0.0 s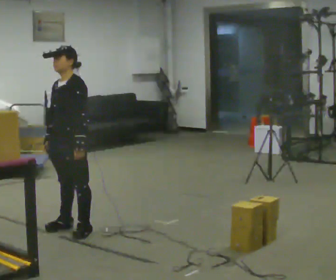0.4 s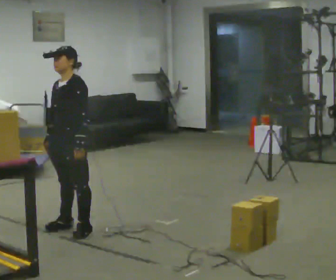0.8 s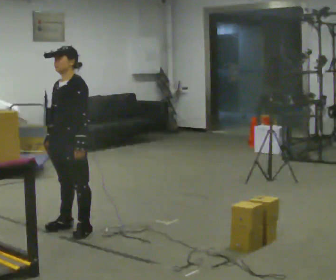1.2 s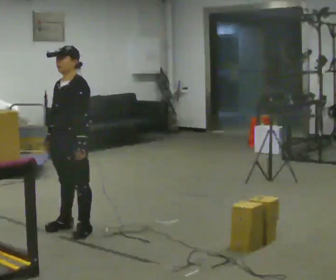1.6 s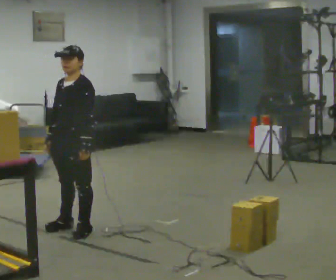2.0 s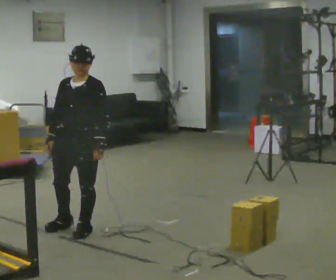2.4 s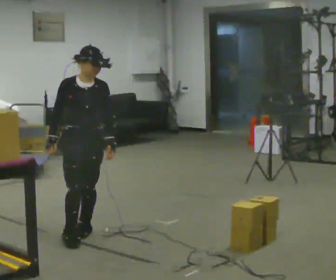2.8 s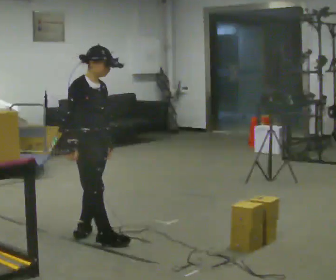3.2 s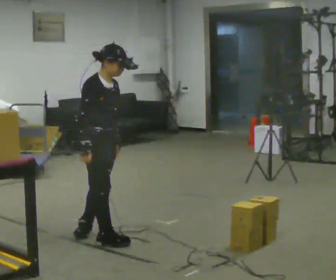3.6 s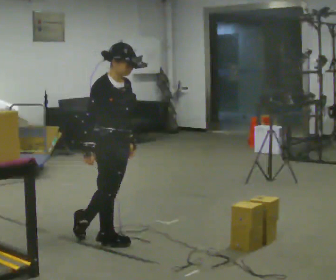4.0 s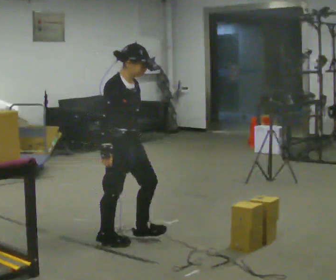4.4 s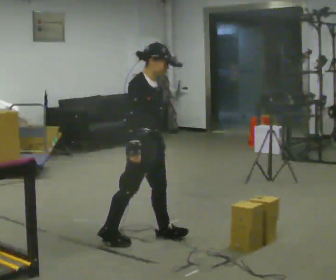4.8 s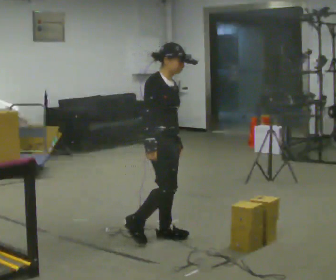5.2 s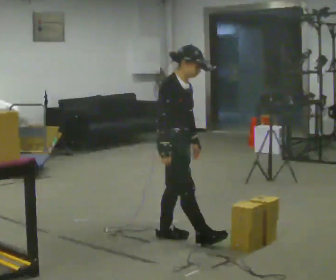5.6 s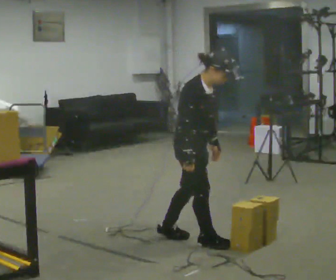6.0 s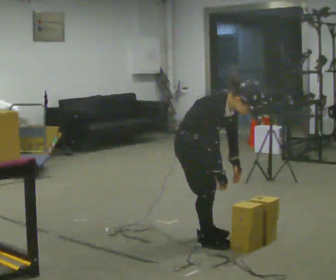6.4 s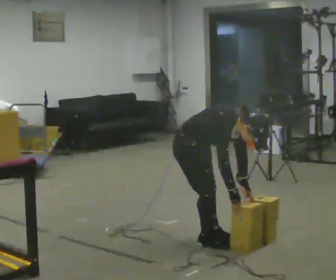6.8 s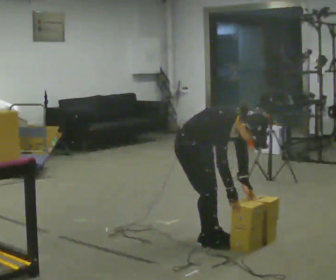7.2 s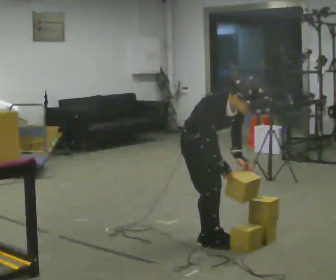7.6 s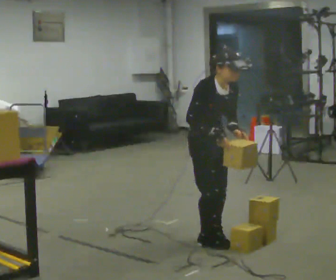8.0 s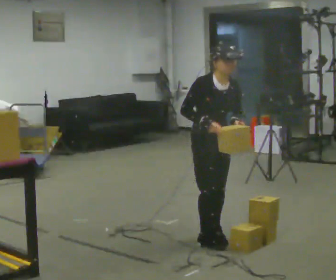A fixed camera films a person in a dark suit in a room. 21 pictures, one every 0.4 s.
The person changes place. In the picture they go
to the right.
0.0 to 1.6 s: The person moves a little, or ends about where they began.
1.6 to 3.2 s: The part of the body nearest the lens slides to the right as the person turns to their left by about 105 degrees. In the picture they go toward the camera and to the right, about 0.25 m in 1 step.
3.2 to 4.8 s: In the picture they go to the right, about 0.5 m in 1 step, which for them is forward and to their left.
4.8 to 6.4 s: In the picture they go to the right, about 0.25 m in 2 steps, which for them is forward. The shoulders move downward. The upper body tips toward the camera, its near side rolling downward, as they bend forward. In the picture their right hand goes to the right and downward.
6.4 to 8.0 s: The person turns about 30 degrees to their right, clockwise seen from above, so the part of the body nearest the lens slides to the left. In the picture they go to the right, about 0.25 m, which for them is to their left. The upper body goes upward. The upper body tips away from the camera, its near side rolling upward, as they lean back or straighten. In the picture their right hand goes upward.
The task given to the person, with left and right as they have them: Carry the object over and fit it into the gap between the two boxes already on the shelf, without touching either of them. Keep going until the operator says stop; one object at a time, and do not rush between trips.
The film runs forward here.
